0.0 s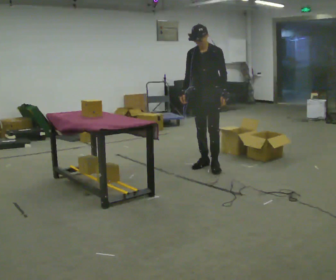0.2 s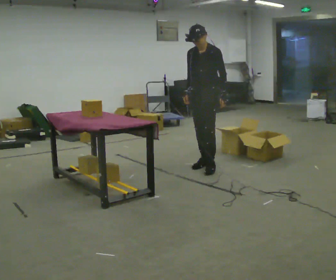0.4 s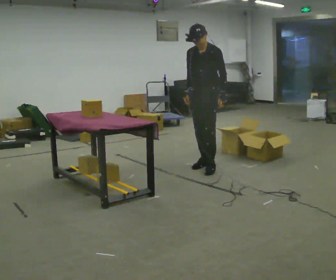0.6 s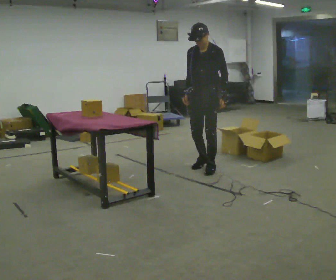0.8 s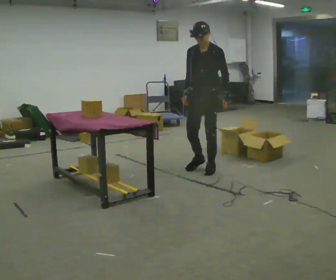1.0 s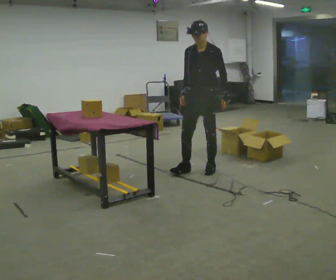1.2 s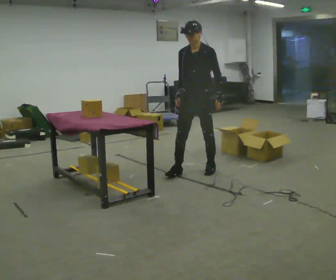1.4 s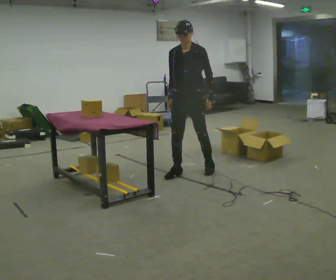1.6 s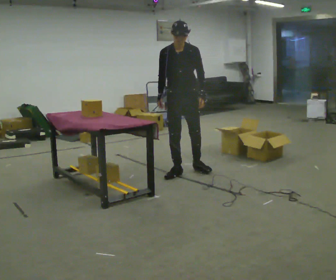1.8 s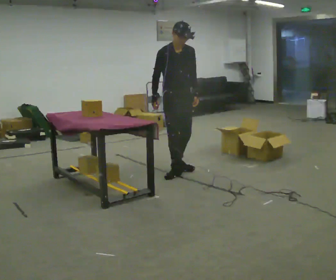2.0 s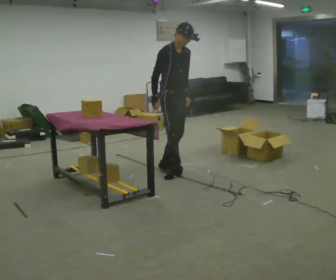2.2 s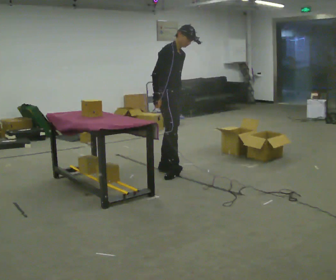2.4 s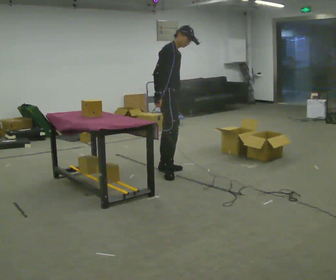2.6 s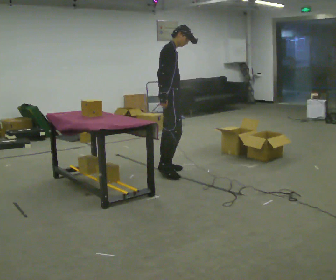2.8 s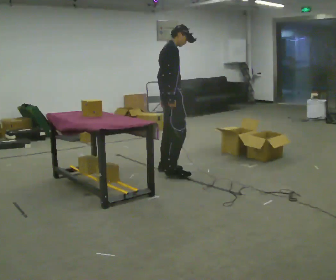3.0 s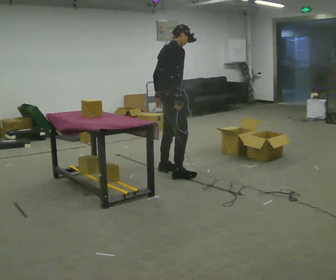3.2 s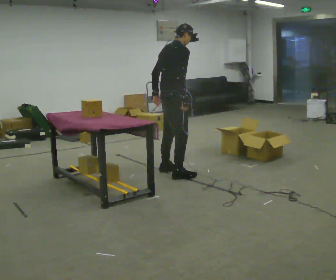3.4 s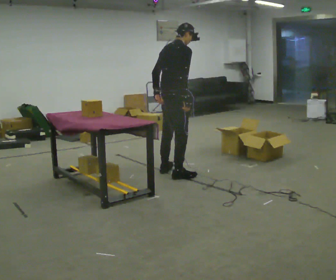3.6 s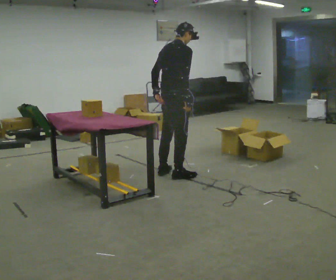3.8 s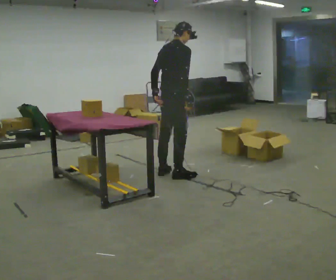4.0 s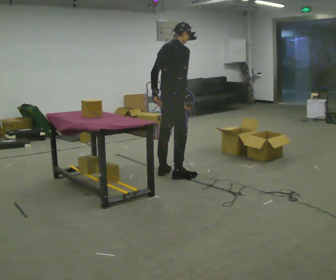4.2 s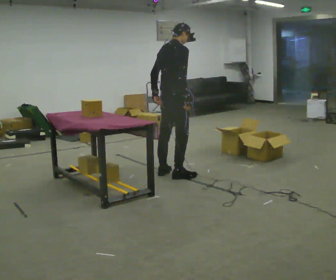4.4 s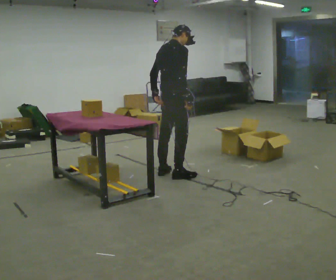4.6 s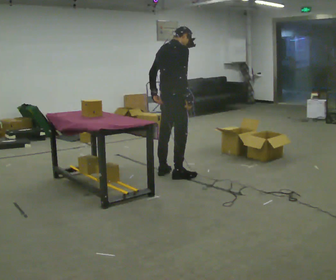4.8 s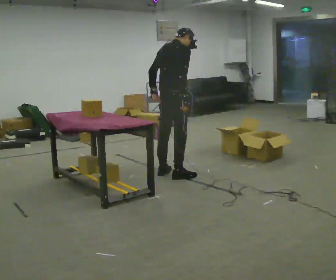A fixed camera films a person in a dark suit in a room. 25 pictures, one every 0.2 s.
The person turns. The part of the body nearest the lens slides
to the right.
The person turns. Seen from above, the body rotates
counterclockwise.
0.0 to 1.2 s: In the picture they go toward the camera, about 0.25 m in 2 steps, which for them is forward.
1.2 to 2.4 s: The person turns about 105 degrees to their left, counterclockwise seen from above, so the part of the body nearest the lens slides to the right. In the picture they go to the left, about 0.25 m in 1 step.
2.4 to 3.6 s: The part of the body nearest the lens slides to the right as the person turns to their left by about 60 degrees. In the picture they go toward the camera, about 0.25 m in 3 steps.
3.6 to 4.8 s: The person moves a little, or ends about where they began.
The film runs forward here.
